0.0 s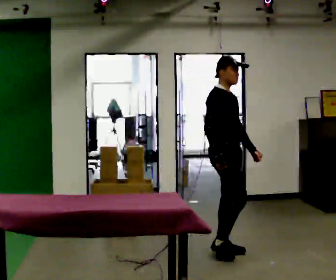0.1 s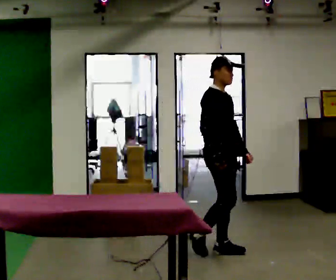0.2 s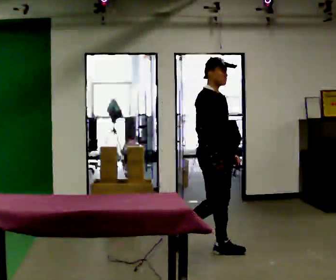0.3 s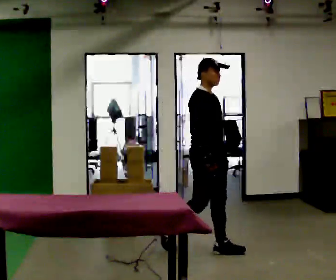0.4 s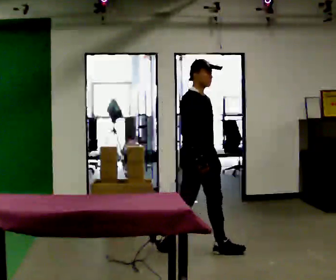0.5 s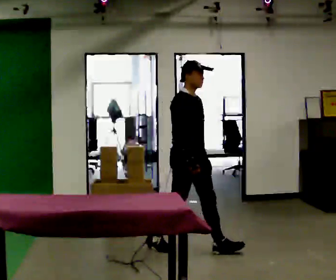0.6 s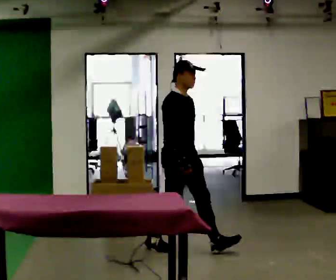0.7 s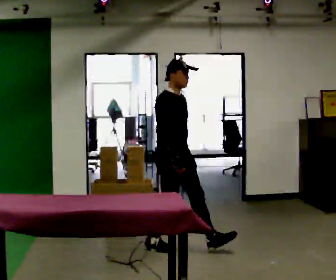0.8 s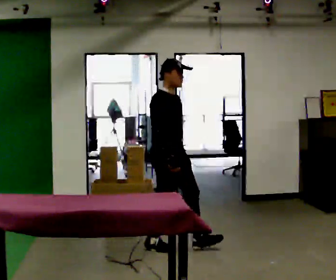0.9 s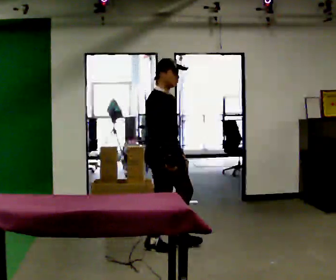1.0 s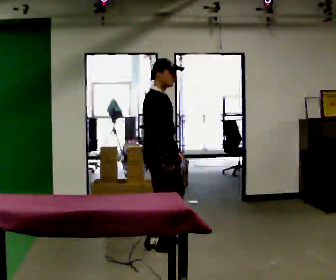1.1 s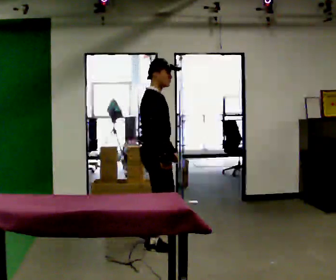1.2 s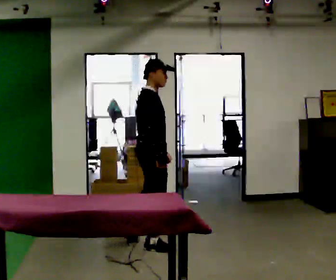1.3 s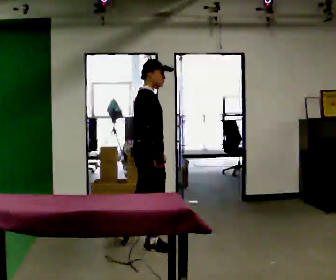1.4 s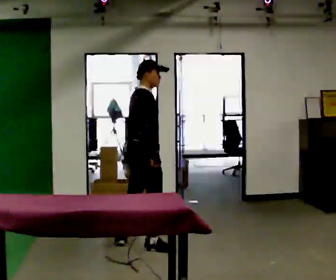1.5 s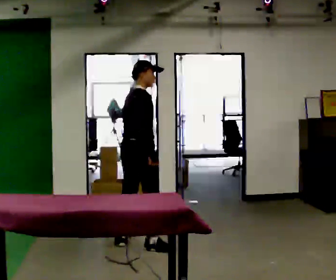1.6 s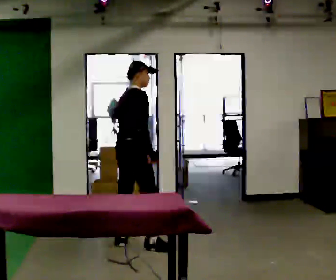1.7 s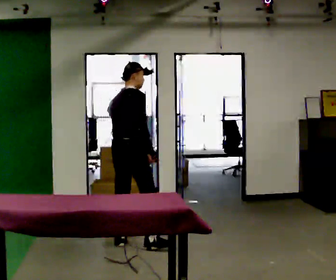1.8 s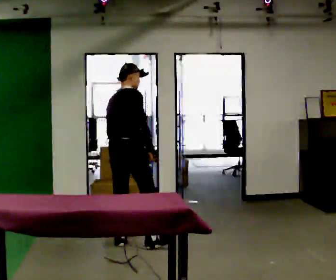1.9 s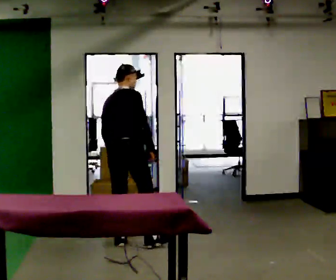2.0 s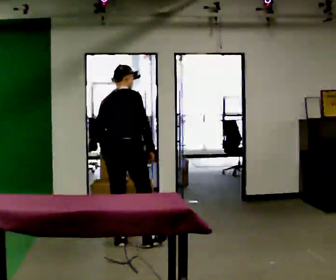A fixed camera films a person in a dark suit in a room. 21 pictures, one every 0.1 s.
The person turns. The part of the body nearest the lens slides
to the right.
The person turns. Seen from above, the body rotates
counterclockwise.
0.0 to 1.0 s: In the picture they go to the left, about 0.5 m in 1 step, which for them is backward.
1.0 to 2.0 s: Seen from above the body turns counterclockwise, about 75 degrees: to their left, with its near side sliding to the right. In the picture they go to the left, about 0.25 m.
The film runs backward here.
